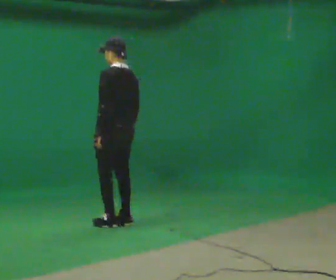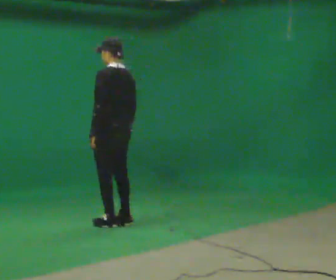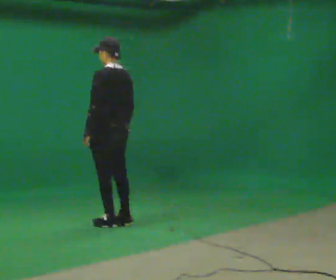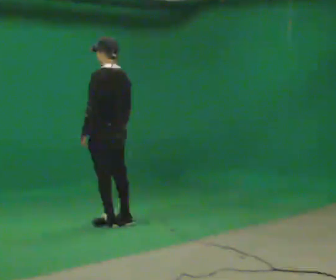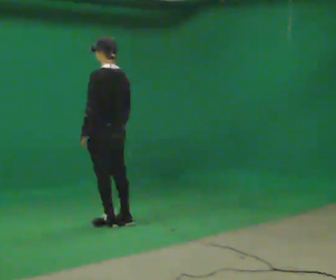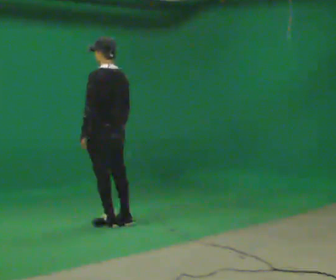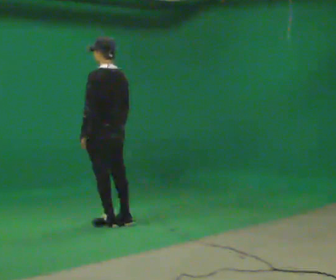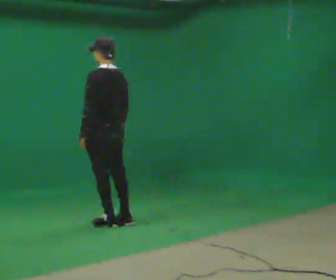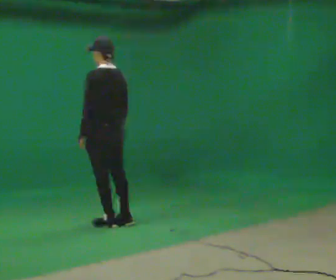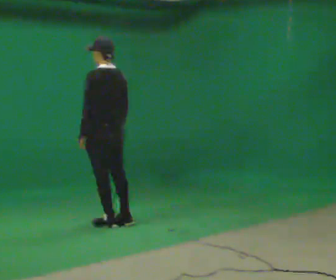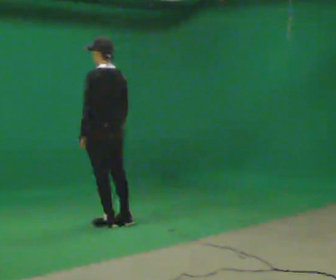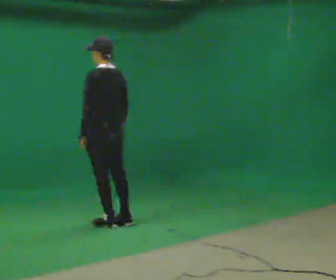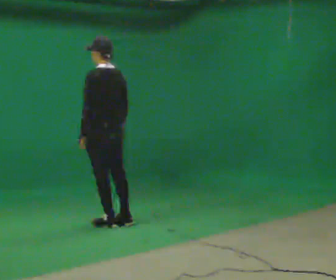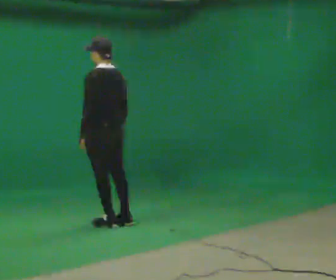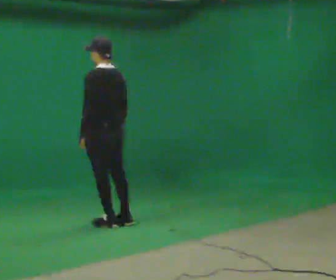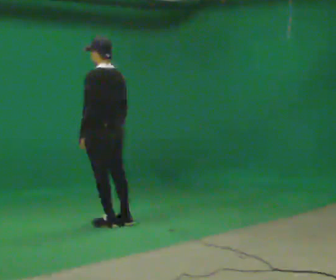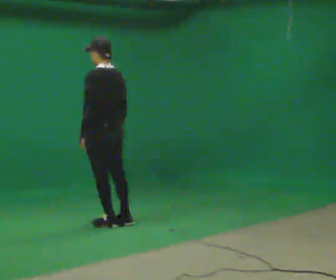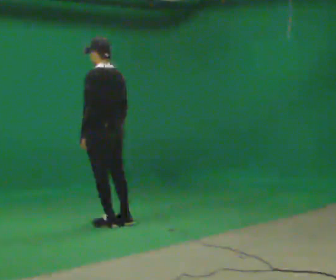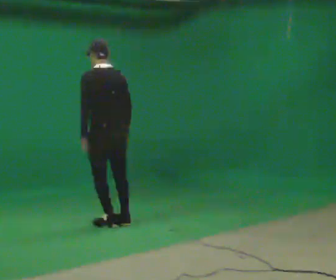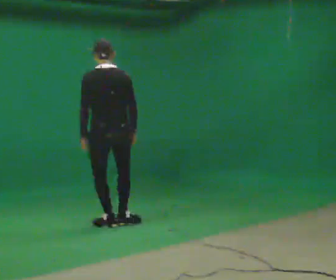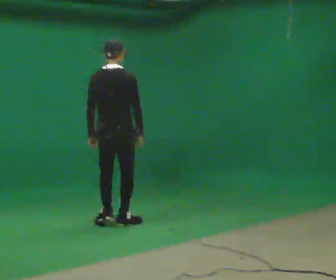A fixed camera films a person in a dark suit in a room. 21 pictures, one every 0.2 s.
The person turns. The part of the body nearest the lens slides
to the left.
The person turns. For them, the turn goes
to their right.
0.0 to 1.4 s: The person moves a little, or ends about where they began.
1.4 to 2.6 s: The person keeps their place and pose.
2.6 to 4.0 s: The person turns about 75 degrees to their right, clockwise seen from above, so the part of the body nearest the lens slides to the left.
The film runs forward here.
